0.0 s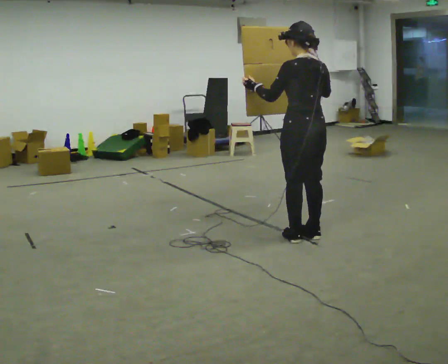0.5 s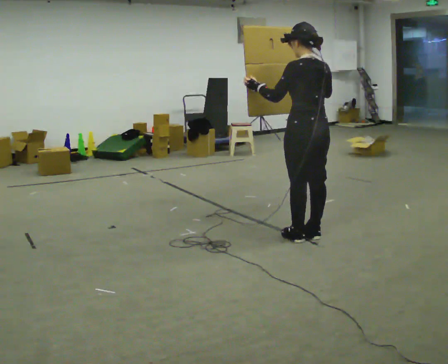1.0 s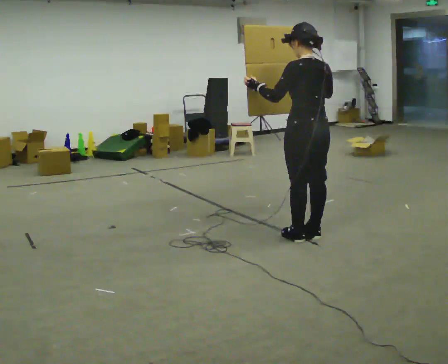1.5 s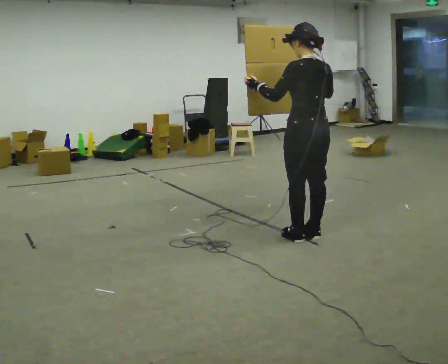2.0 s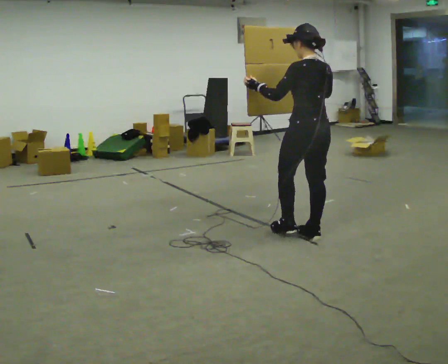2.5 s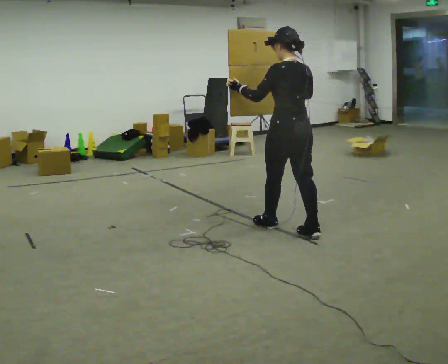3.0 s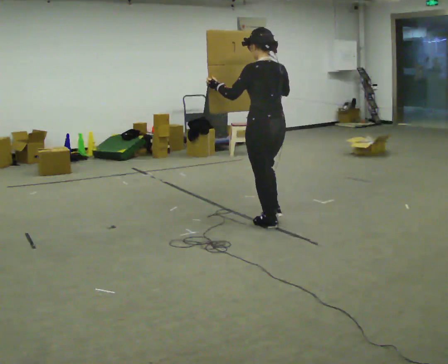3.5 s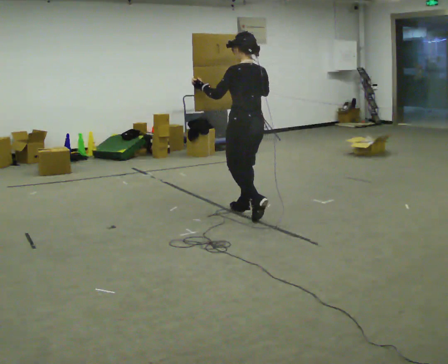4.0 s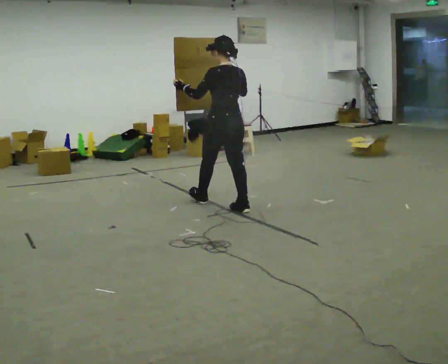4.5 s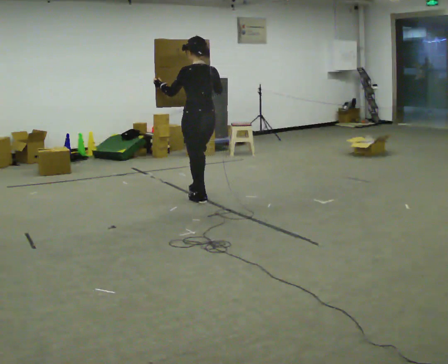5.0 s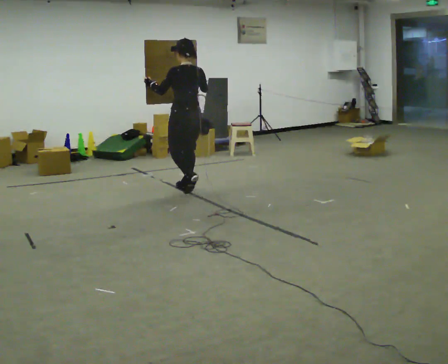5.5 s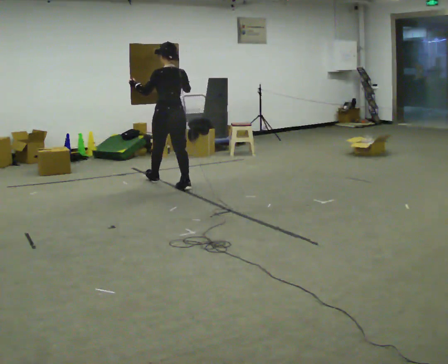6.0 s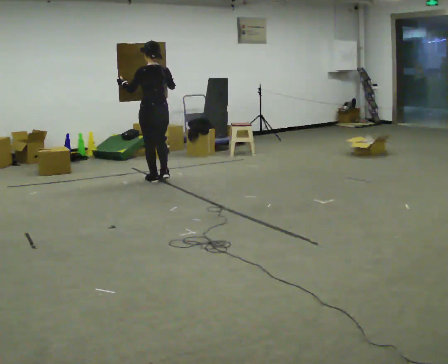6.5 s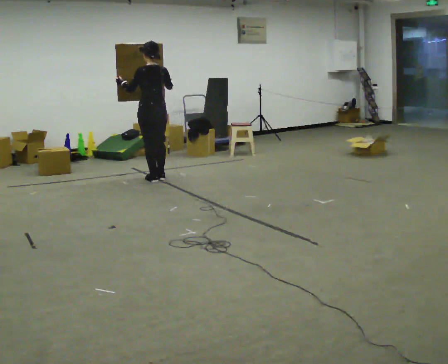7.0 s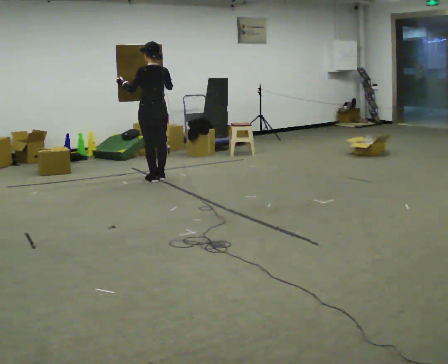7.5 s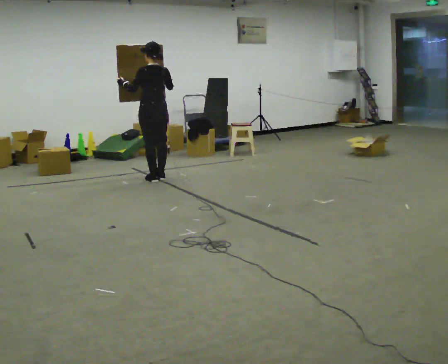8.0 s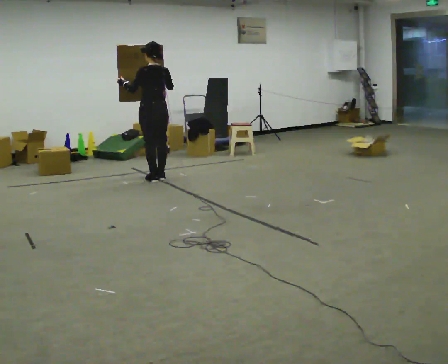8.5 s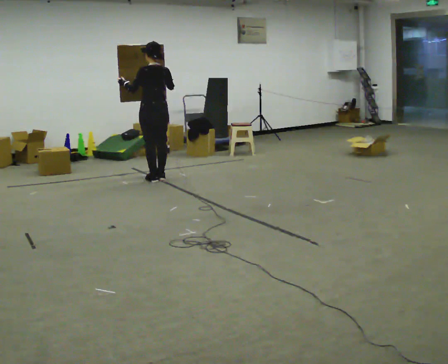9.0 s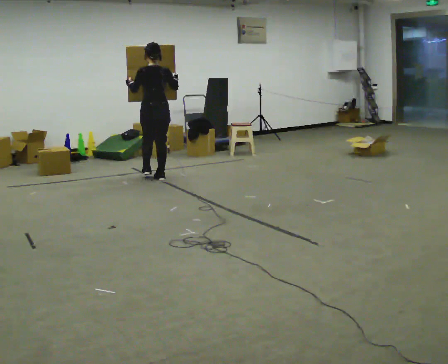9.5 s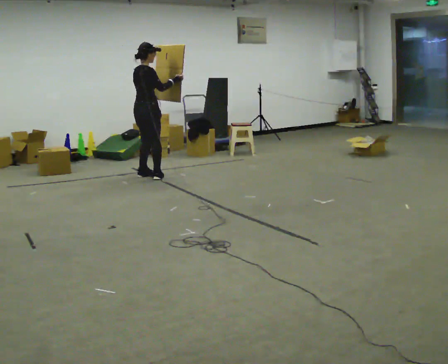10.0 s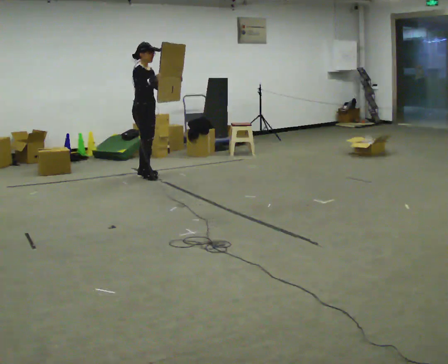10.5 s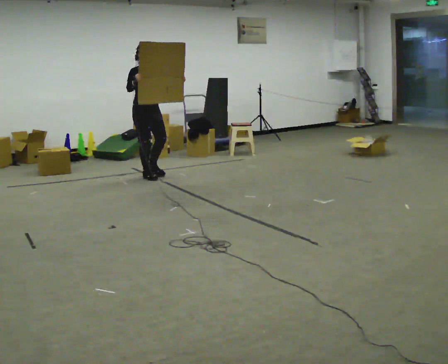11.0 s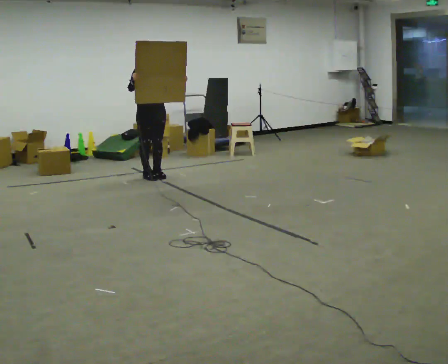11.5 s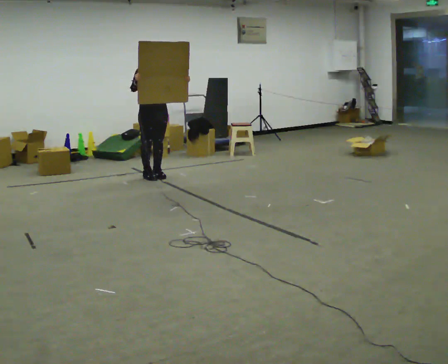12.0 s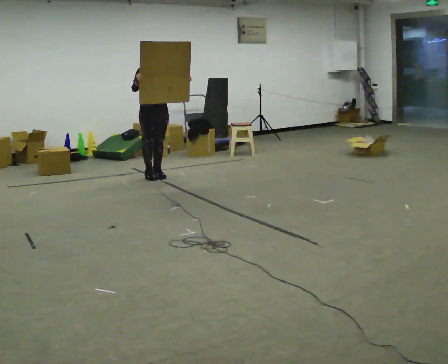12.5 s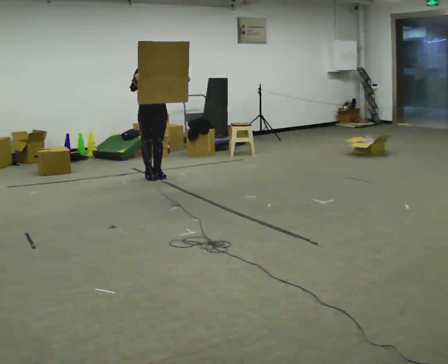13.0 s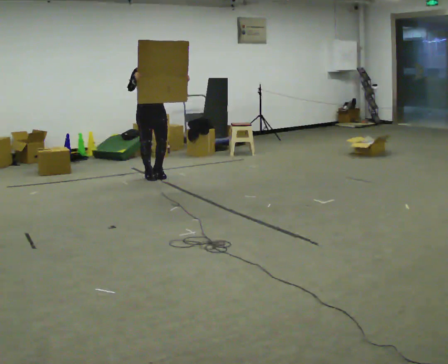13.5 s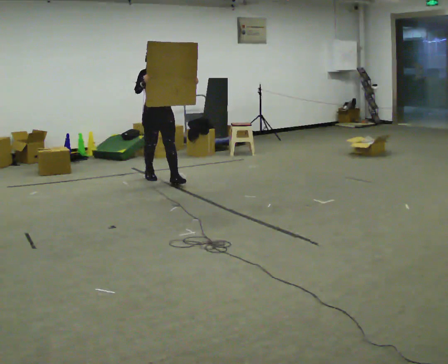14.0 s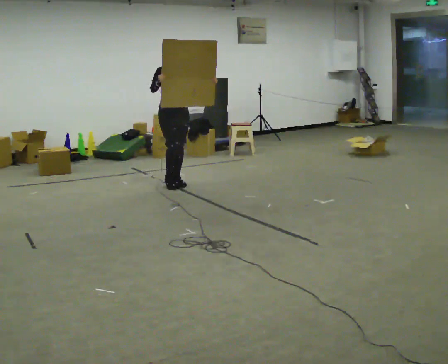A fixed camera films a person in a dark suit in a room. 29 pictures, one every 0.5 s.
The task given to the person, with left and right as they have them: Carry the large panel across the room. It will block your view ahead, so take whatever route feels safe. Keep going until the operator says stop; one object at a time, and do not rush between trips.
0.0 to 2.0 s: The person moves a little, or ends about where they began.
2.0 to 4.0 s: In the picture they go away from the camera and to the left, about 1 m in 2 steps, which for them is forward.
4.0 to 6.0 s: In the picture they go away from the camera and to the left, about 1.5 m in 3 steps, which for them is forward.
6.0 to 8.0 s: The person moves a little, or ends about where they began.
8.0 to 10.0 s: Seen from above the body turns clockwise, about 135 degrees: to their right, with its near side sliding to the left. In the picture they go away from the camera and to the left, about 0.25 m in 2 steps.
10.0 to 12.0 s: The person turns about 45 degrees to their right, clockwise seen from above, so the part of the body nearest the lens slides to the left.
12.0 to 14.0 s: In the picture they go toward the camera and to the right, about 0.5 m in 1 step, which for them is forward.
The film runs forward here.
